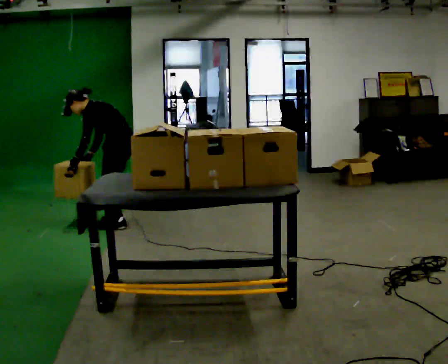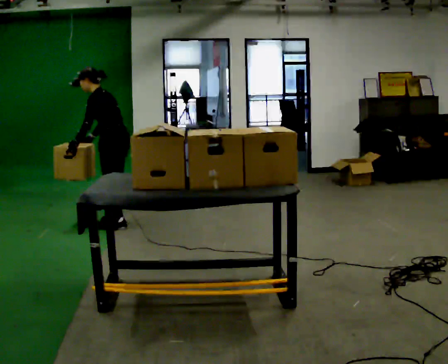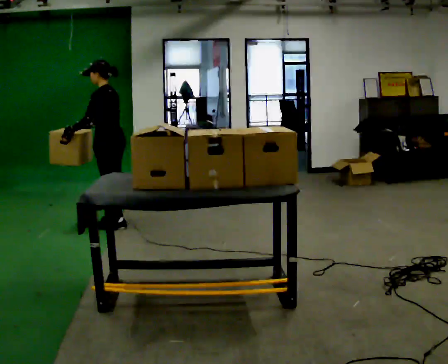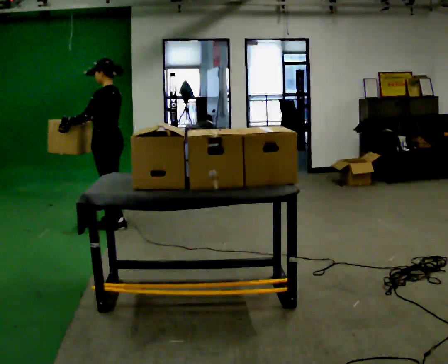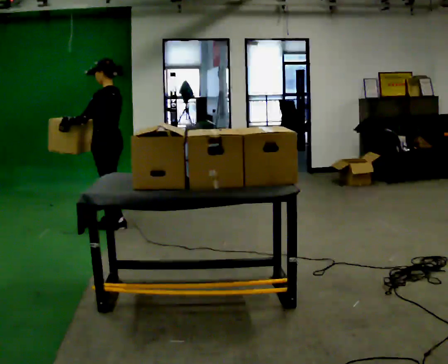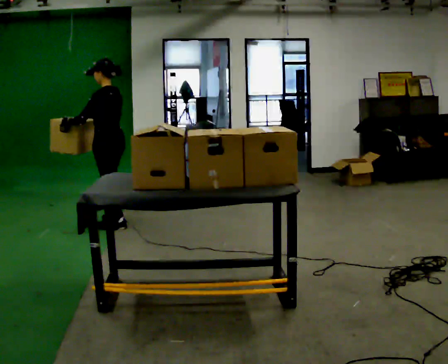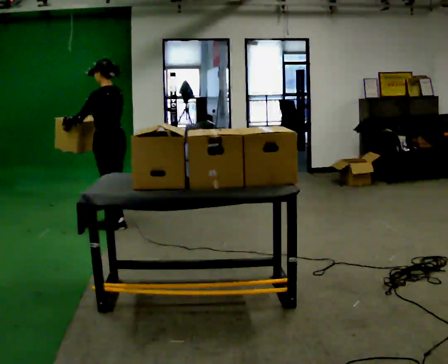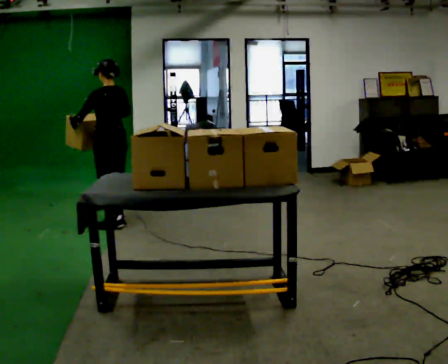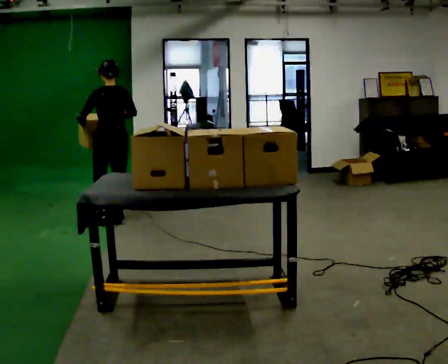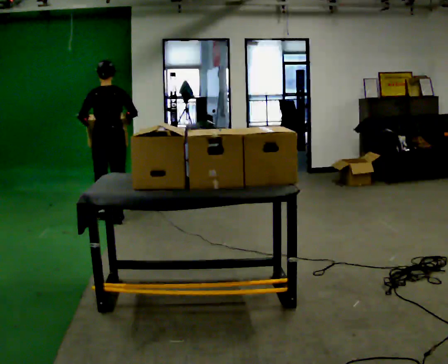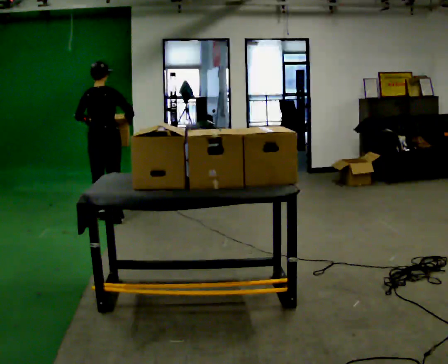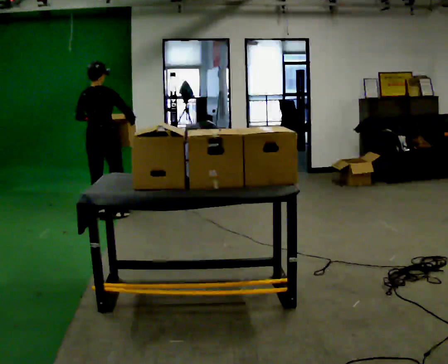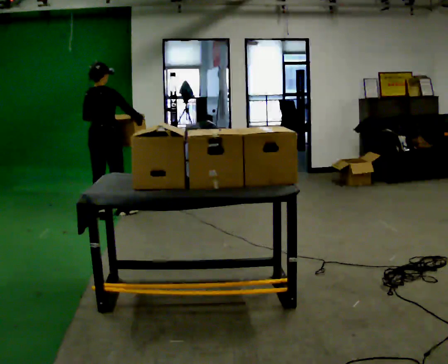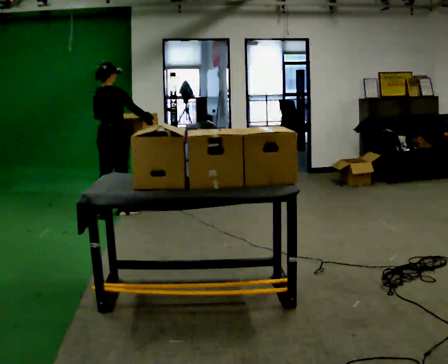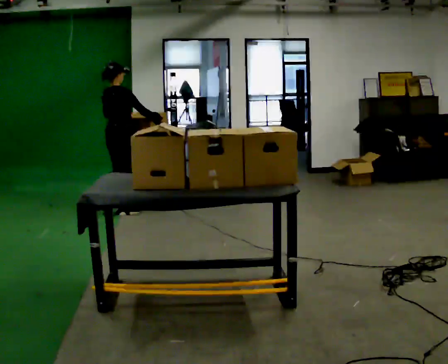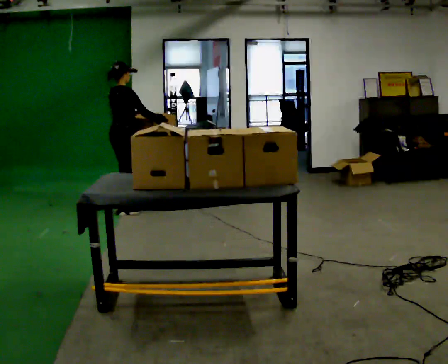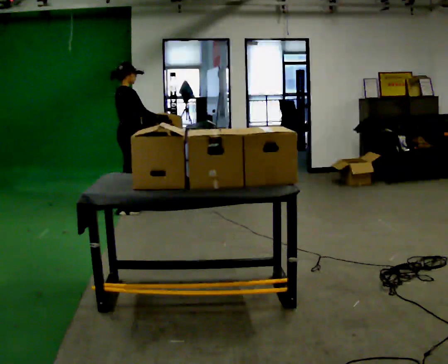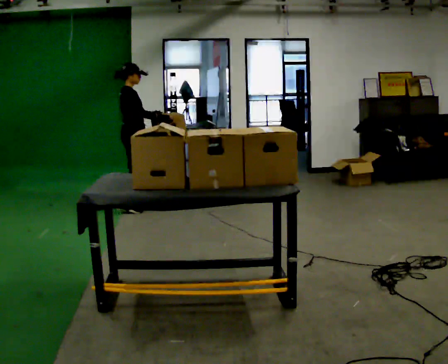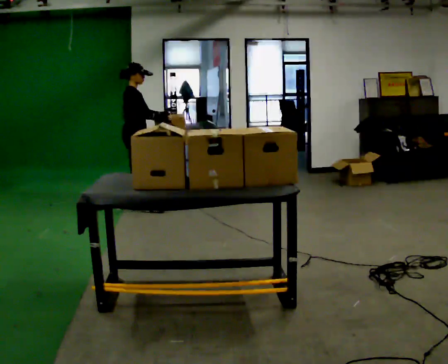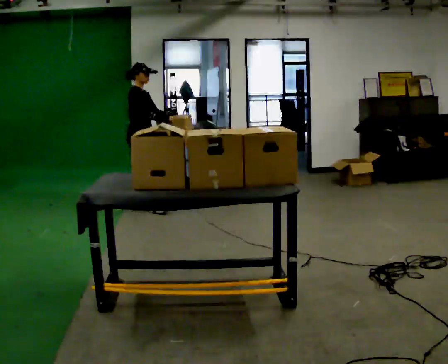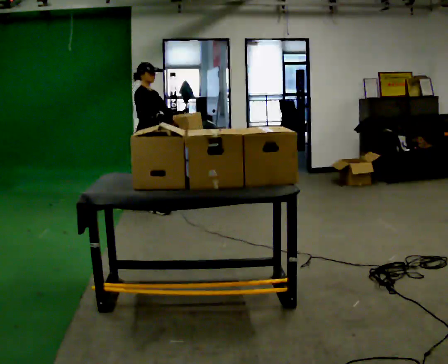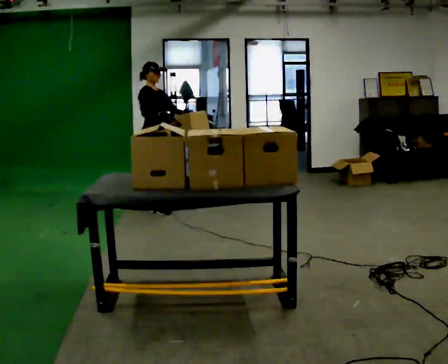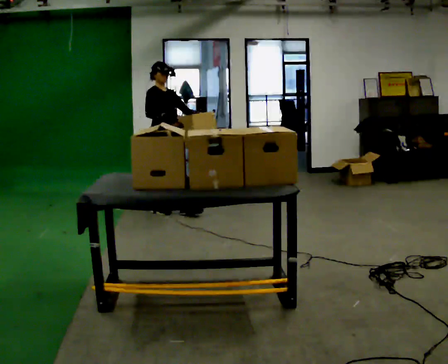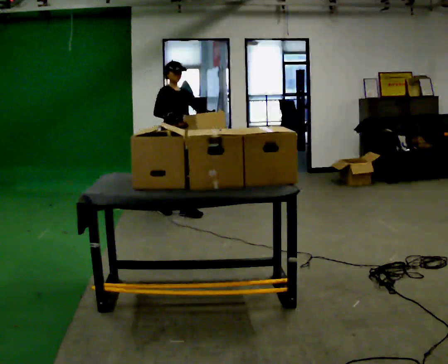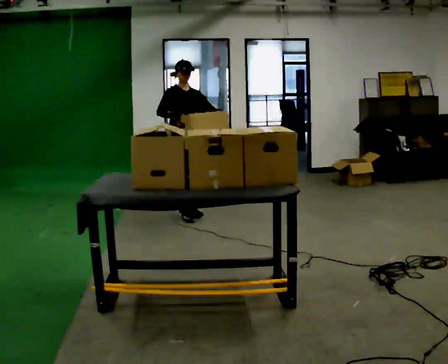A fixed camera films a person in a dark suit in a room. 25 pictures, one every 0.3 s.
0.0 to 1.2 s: In the picture the upper body tilts clockwise, shoulders to the right, as they lean back or straighten. In the picture their left hand goes upward.
1.2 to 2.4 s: The person turns about 60 degrees to their right, clockwise seen from above, so the part of the body nearest the lens slides to the left. In the picture they go away from the camera, about 0.25 m in 1 step, which for them is to their right and forward. In the picture their right hand goes to the right.
2.4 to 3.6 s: The part of the body nearest the lens slides to the left as the person turns to their right by about 45 degrees. In the picture they go away from the camera, about 0.25 m in 2 steps, which for them is forward and to their left.
3.6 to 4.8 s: The person turns about 45 degrees to their right, clockwise seen from above, so the part of the body nearest the lens slides to the left. In the picture they go to the right and away from the camera, about 0.25 m in 1 step, which for them is forward.
4.8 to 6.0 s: The person turns about 45 degrees to their right, clockwise seen from above, so the part of the body nearest the lens slides to the left. In the picture they go to the right, about 0.25 m in 1 step, which for them is forward. In the picture their left hand goes to the right.
6.0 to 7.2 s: Seen from above the body turns clockwise, about 45 degrees: to their right, with its near side sliding to the left. In the picture they go to the right and toward the camera, about 0.5 m in 1 step, which for them is forward.
The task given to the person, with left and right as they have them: Pick up the next box in the row and carry it to the table. The operator will not tell you how heavy each one is. Keep going until the operator says stop; one object at a time, and do not rush between trips.
The film runs forward here.
